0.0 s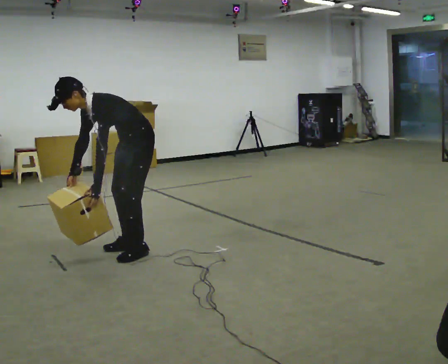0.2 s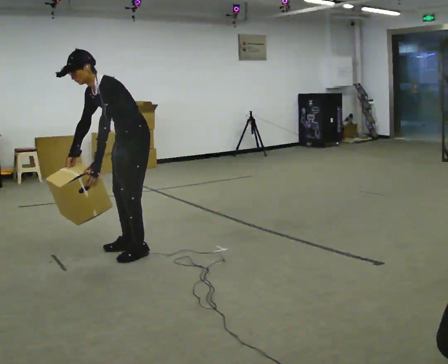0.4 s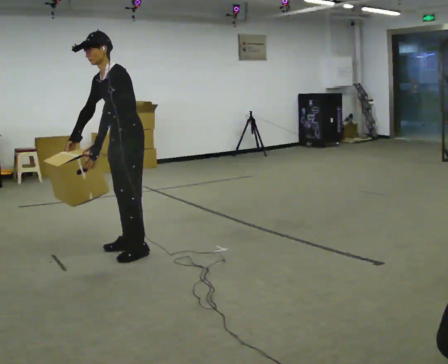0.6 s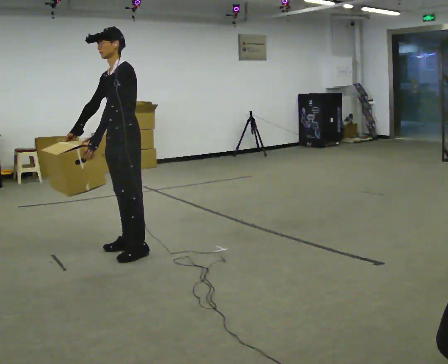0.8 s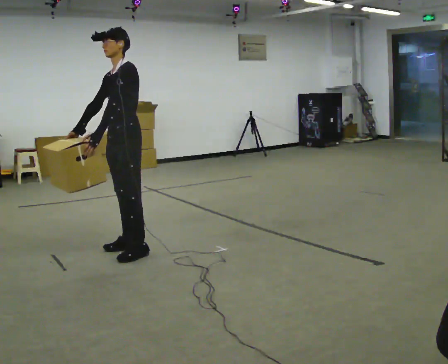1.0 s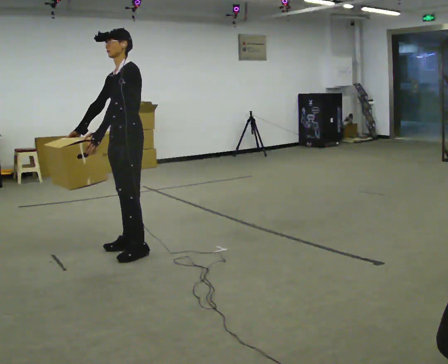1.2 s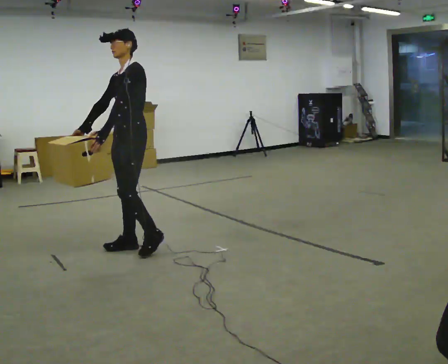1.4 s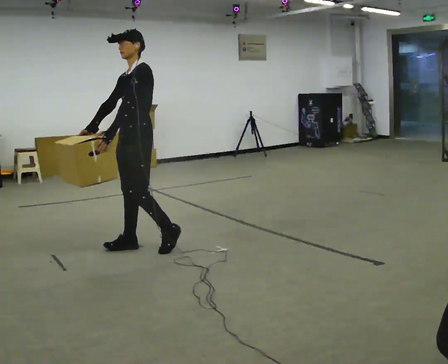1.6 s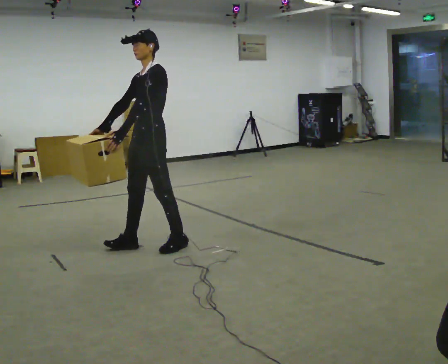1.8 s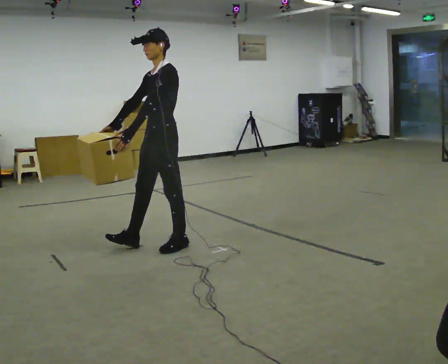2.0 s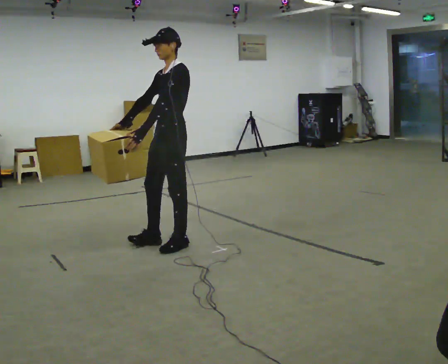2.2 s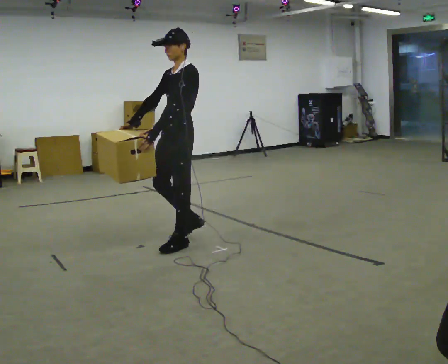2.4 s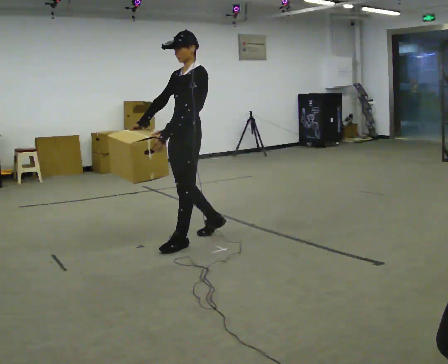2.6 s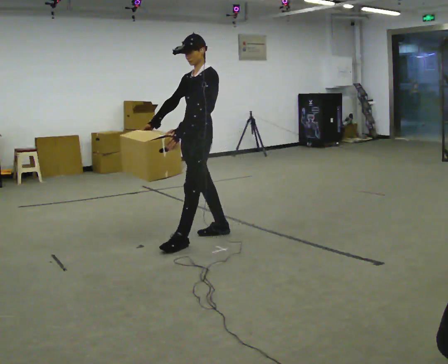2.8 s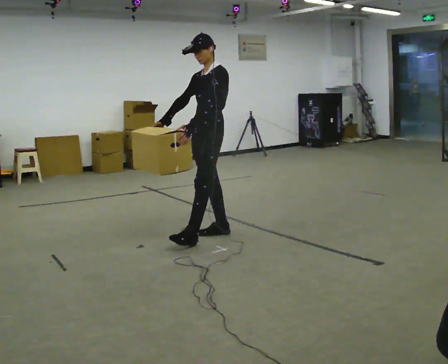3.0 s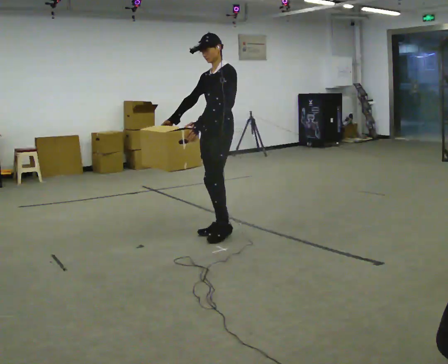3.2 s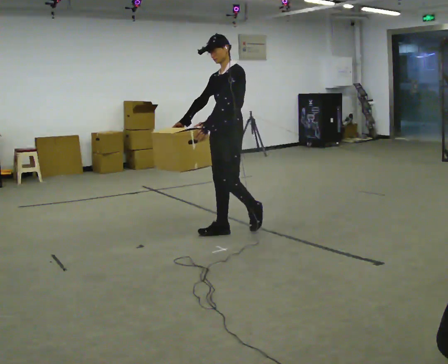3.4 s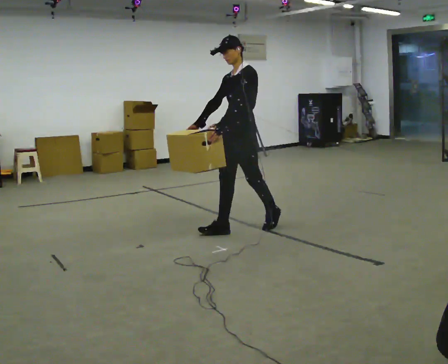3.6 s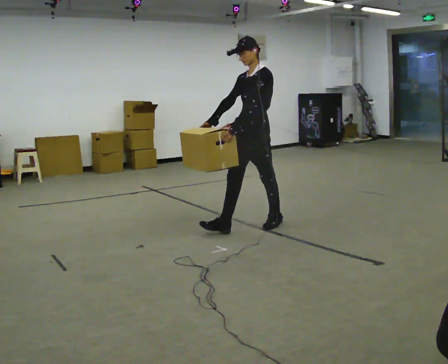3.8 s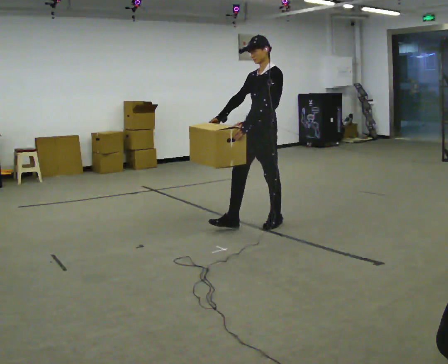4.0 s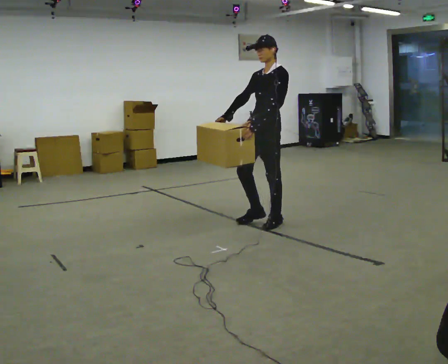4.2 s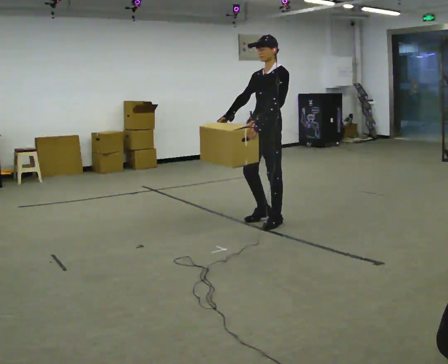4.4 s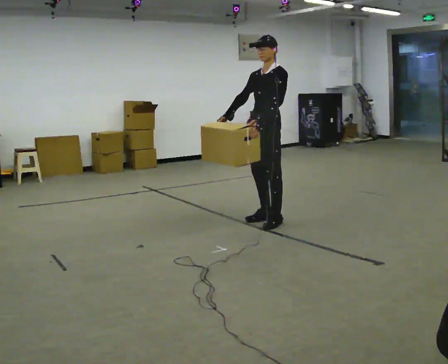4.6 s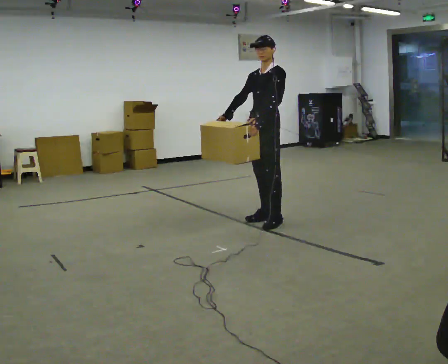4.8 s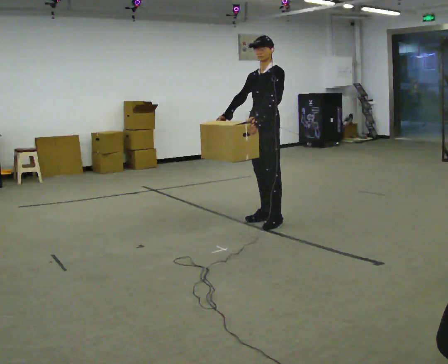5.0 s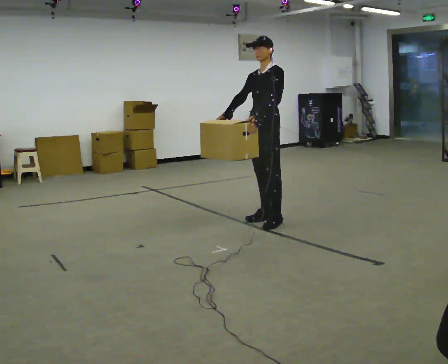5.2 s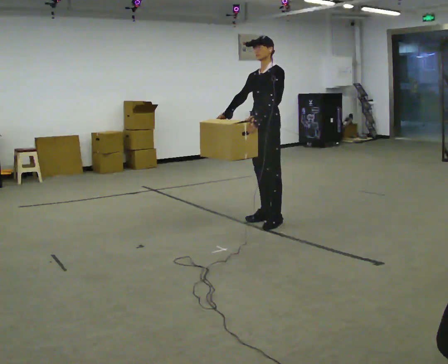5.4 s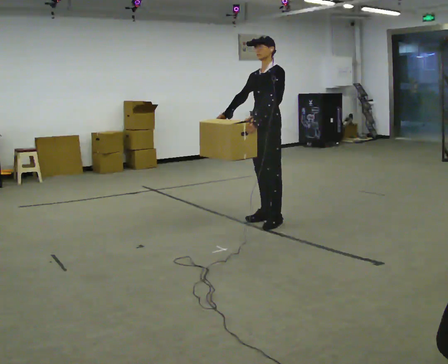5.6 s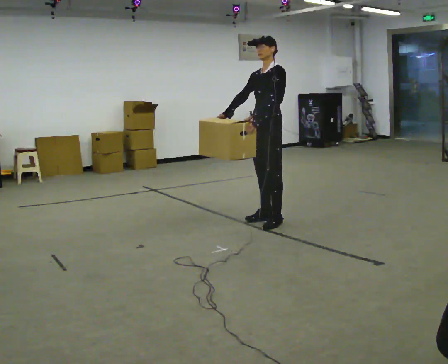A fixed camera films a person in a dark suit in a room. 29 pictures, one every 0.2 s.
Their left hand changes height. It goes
upward.
The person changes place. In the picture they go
to the right.
0.0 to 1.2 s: The upper body goes upward. In the picture the upper body tilts clockwise, shoulders to the right, as they lean back or straighten. In the picture their left hand goes upward.
1.2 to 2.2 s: In the picture they go to the right, about 0.5 m in 1 step, which for them is backward.
2.2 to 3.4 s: In the picture they go to the right and away from the camera, about 0.5 m in 1 step, which for them is backward.
3.4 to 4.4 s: In the picture they go to the right and away from the camera, about 0.25 m in 1 step, which for them is backward.
4.4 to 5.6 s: The person moves a little, or ends about where they began.
The film runs backward here.
